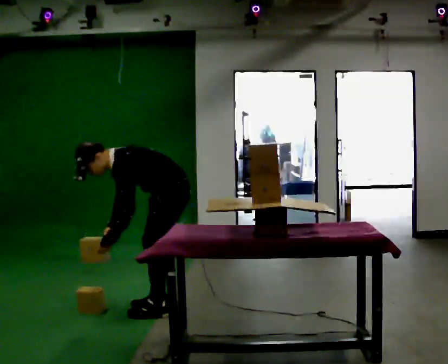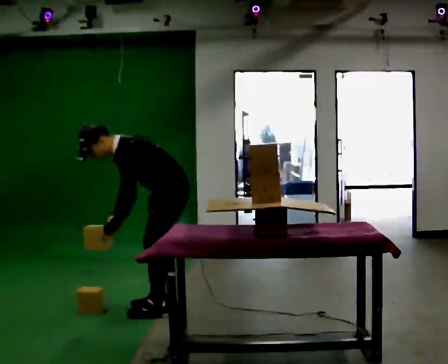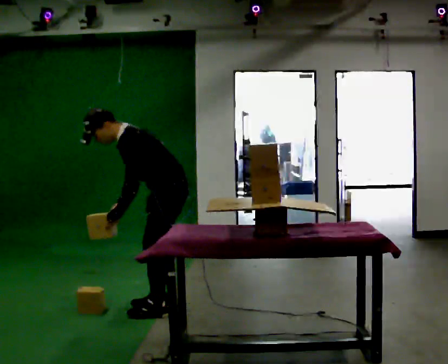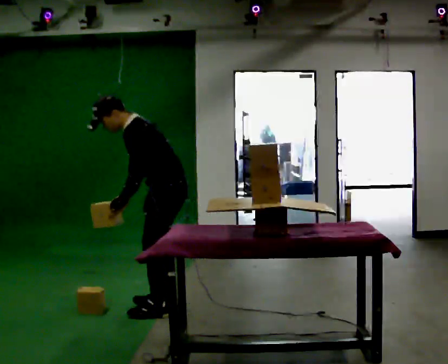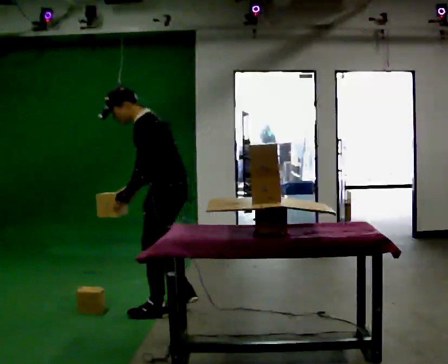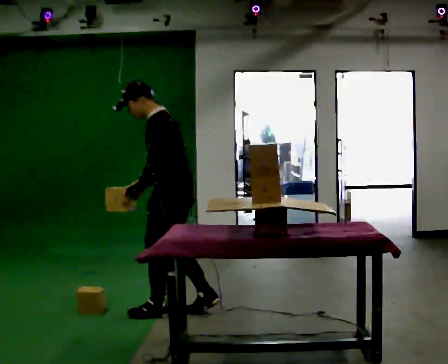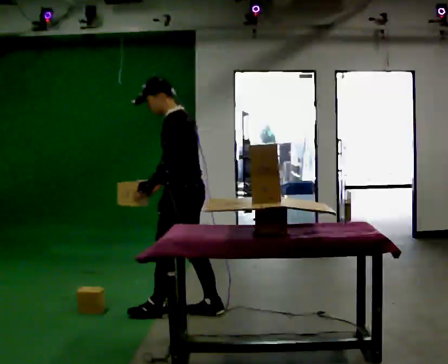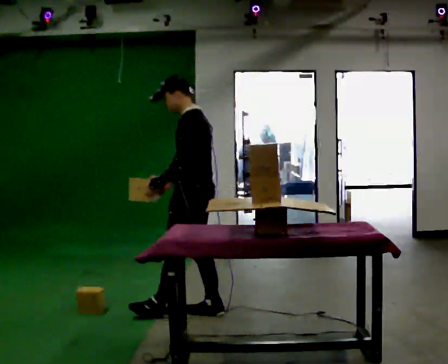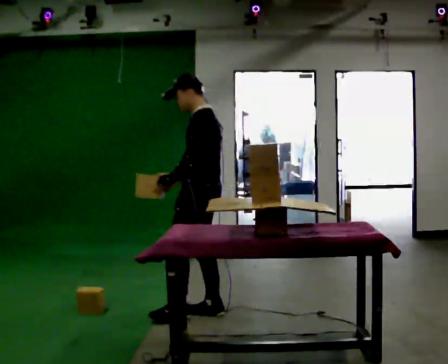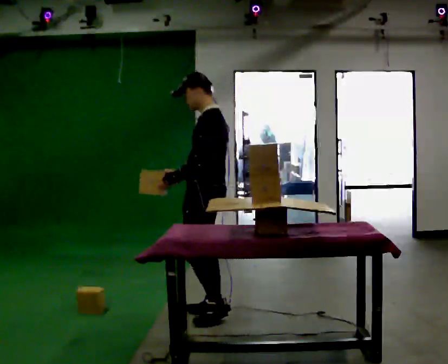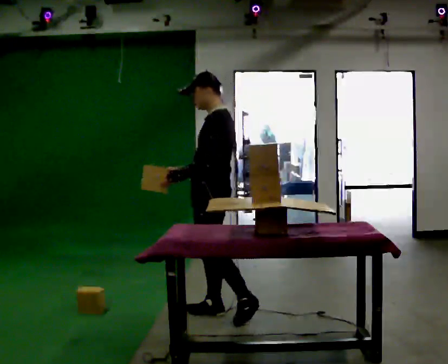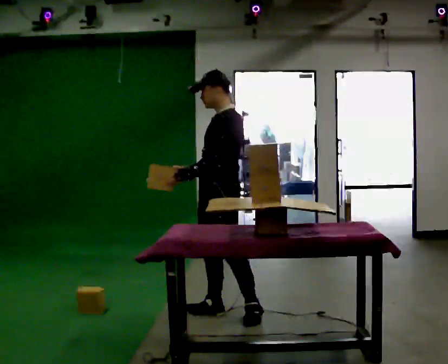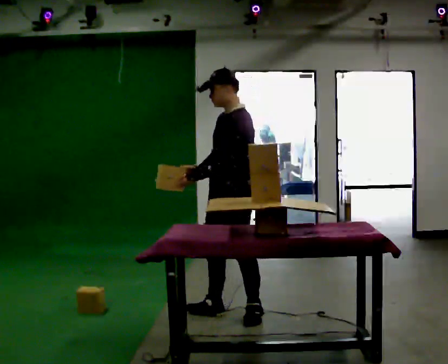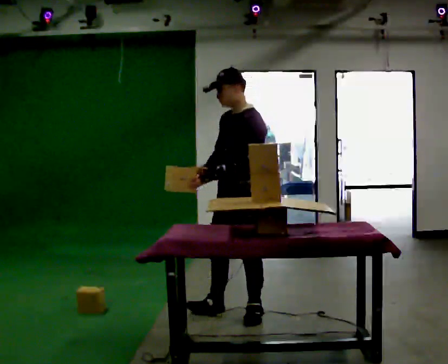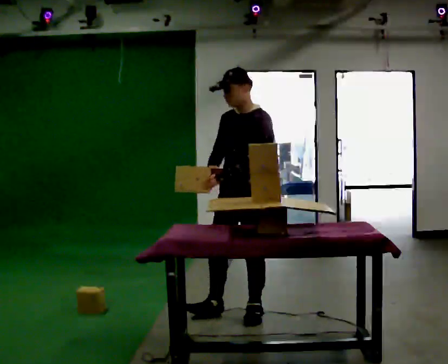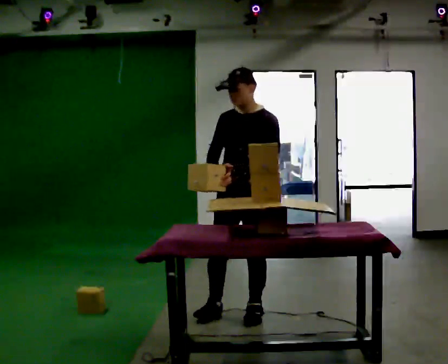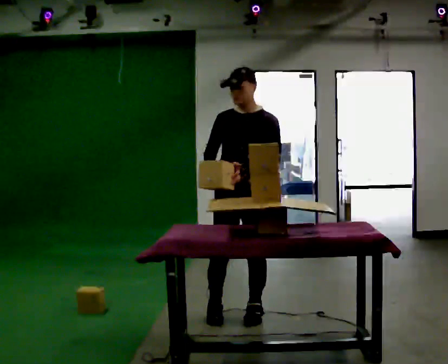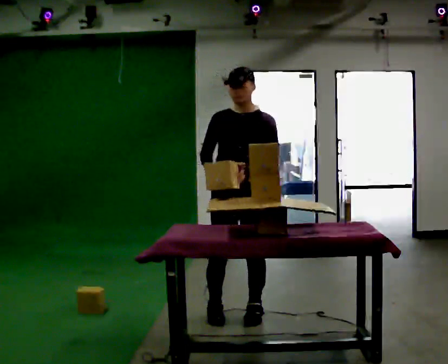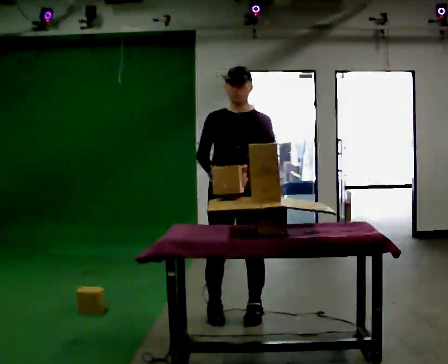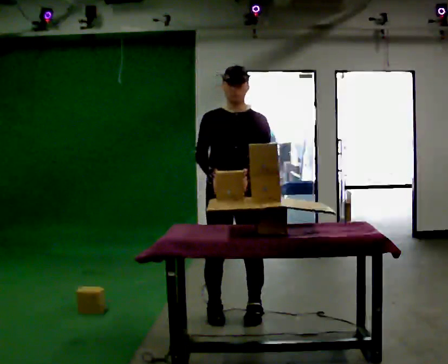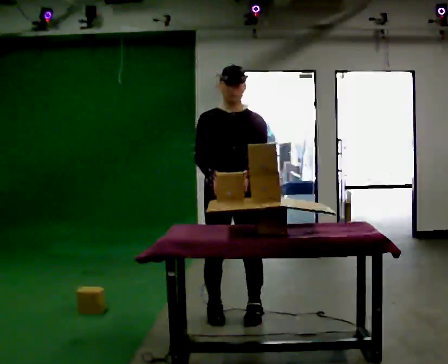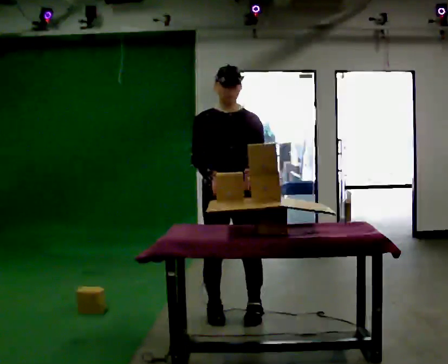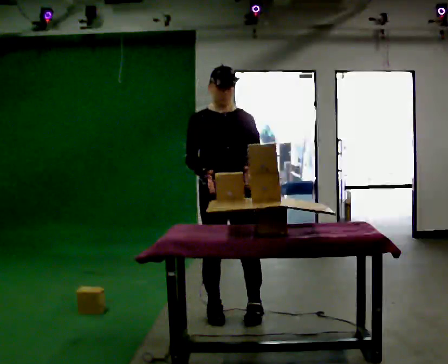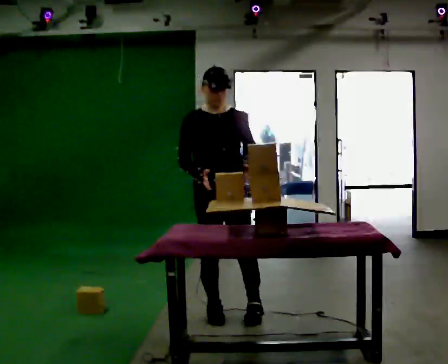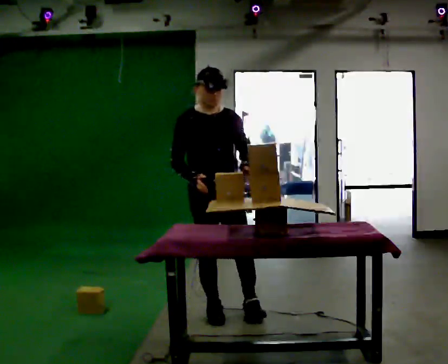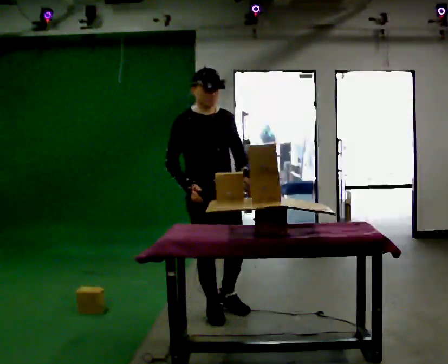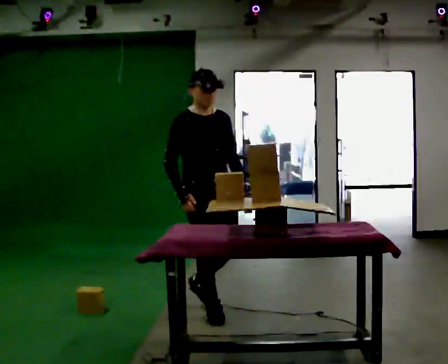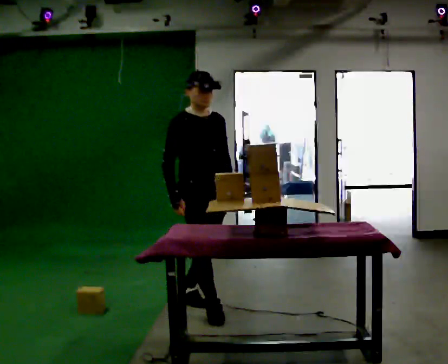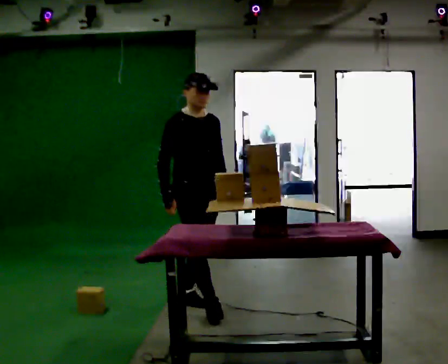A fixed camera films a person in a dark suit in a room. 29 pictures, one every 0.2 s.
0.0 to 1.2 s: The shoulders move upward. In the picture the upper body tilts clockwise, shoulders to the right, as they lean back or straighten. In the picture their left hand goes upward.
1.2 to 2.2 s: Seen from above the body turns counterclockwise, about 30 degrees: to their left, with its near side sliding to the right. In the picture they go to the right, about 0.25 m in 1 step, which for them is backward. In the picture the upper body tilts clockwise, shoulders to the right.
2.2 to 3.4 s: The part of the body nearest the lens slides to the right as the person turns to their left by about 60 degrees.
3.4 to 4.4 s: The person moves a little, or ends about where they began.
4.4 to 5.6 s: The part of the body nearest the lens slides to the right as the person turns to their left by about 45 degrees. In the picture they go to the left and away from the camera, about 0.25 m in 1 step, which for them is backward.
The film runs backward here.
